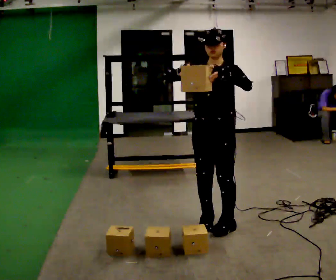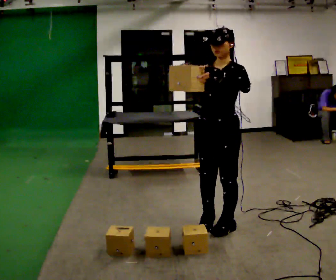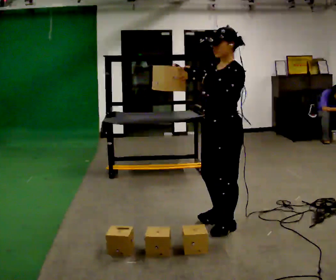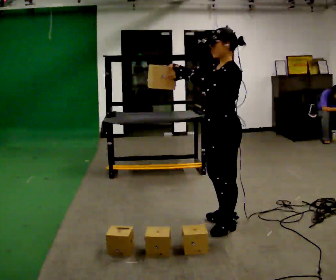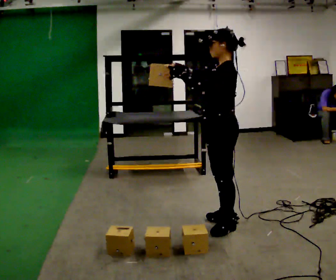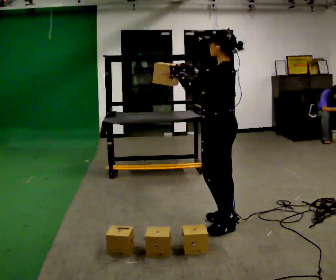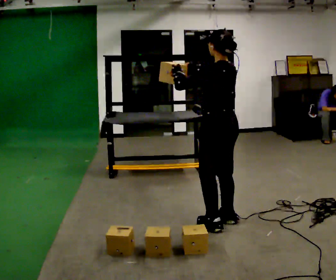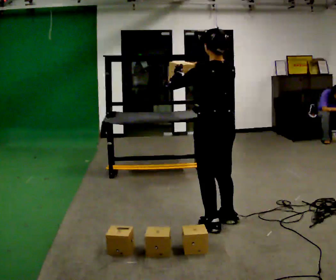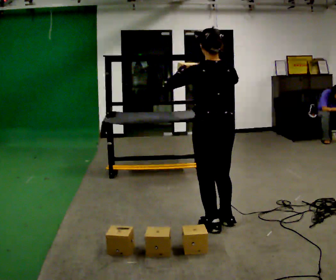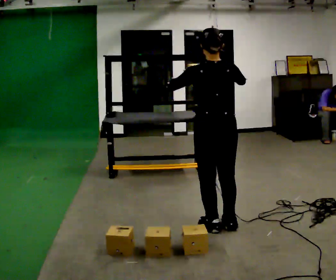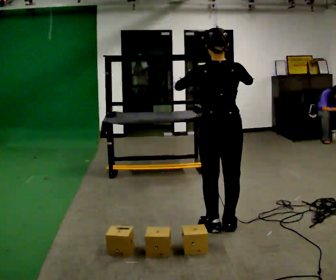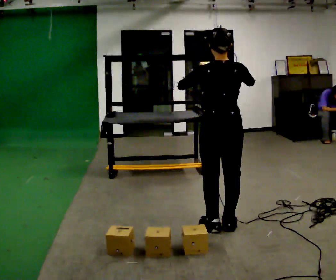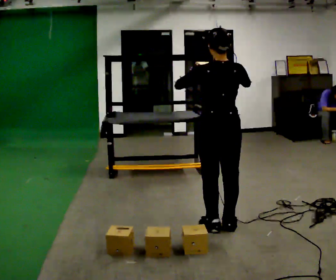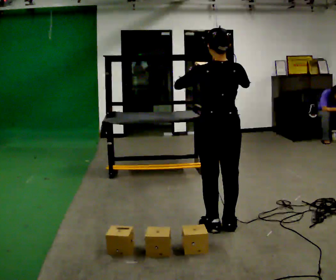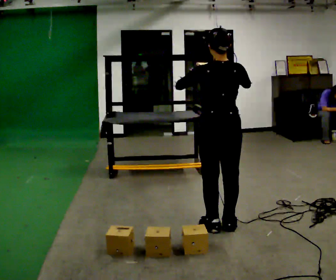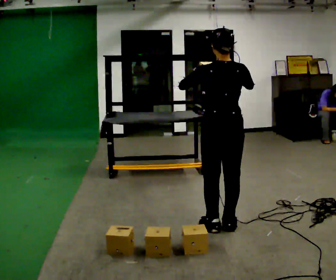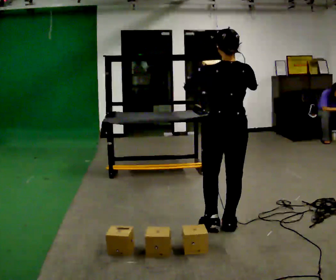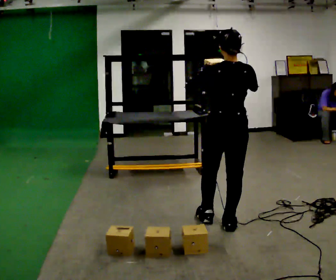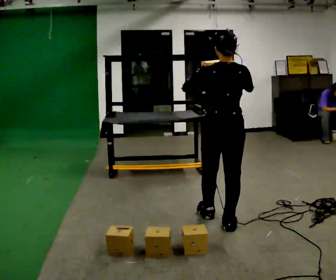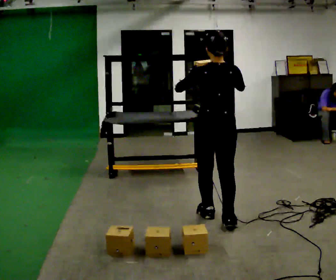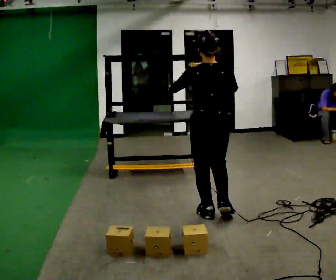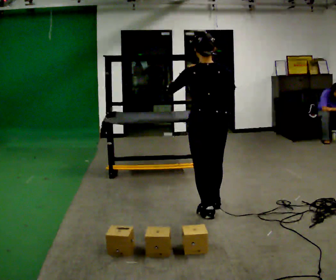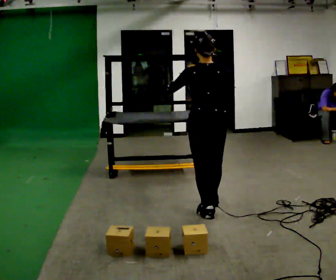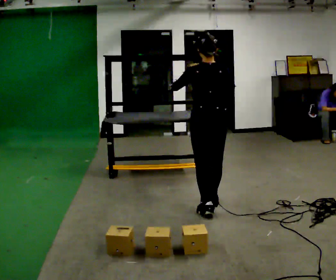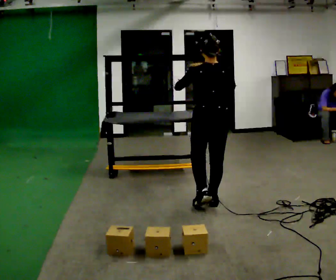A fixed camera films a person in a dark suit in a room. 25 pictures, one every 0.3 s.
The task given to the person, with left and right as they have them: Carry the object across the room and place it on the shelf just at the top of your comfortable reach. Keep going until the operator says stop; one object at a time, and do not rush between trips.
0.0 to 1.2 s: The person turns about 75 degrees to their right, clockwise seen from above, so the part of the body nearest the lens slides to the left.
1.2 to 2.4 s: The part of the body nearest the lens slides to the left as the person turns to their right by about 60 degrees.
2.4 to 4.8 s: The person moves a little, or ends about where they began.
4.8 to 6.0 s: In the picture they go away from the camera, about 0.25 m in 1 step, which for them is forward.
6.0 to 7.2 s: In the picture they go away from the camera, about 0.25 m in 1 step, which for them is forward.
The film runs forward here.
